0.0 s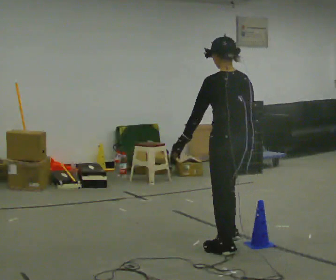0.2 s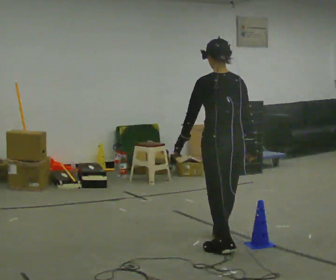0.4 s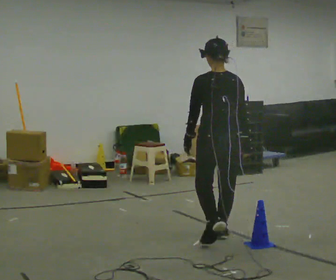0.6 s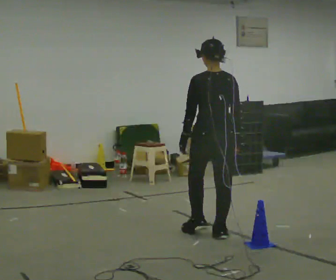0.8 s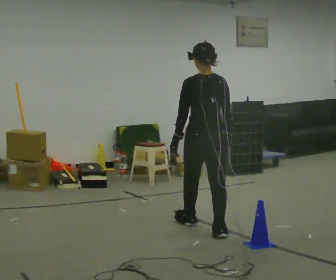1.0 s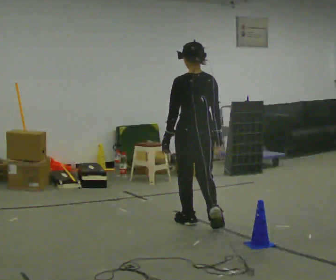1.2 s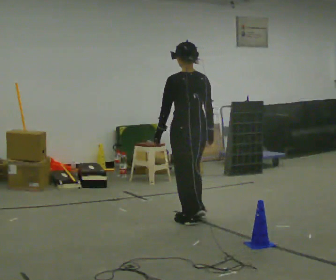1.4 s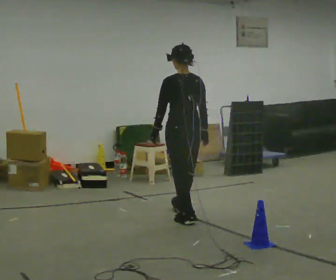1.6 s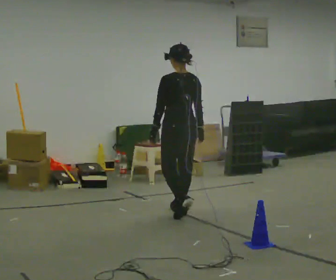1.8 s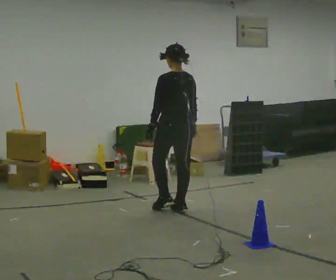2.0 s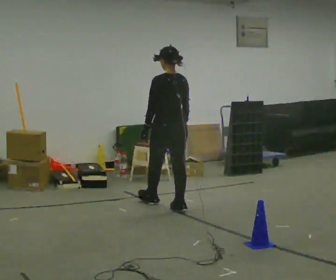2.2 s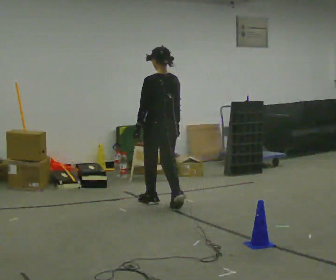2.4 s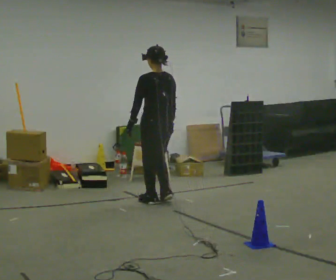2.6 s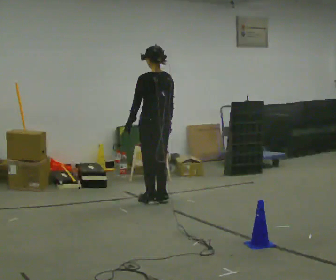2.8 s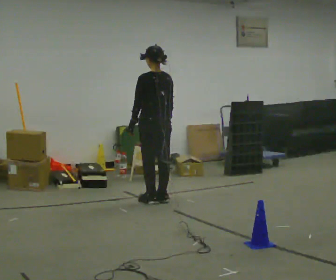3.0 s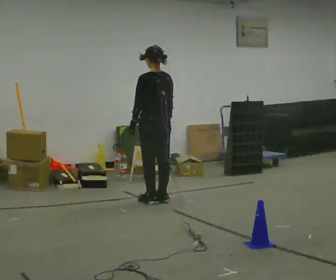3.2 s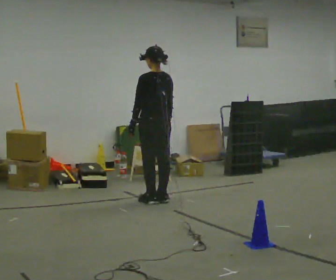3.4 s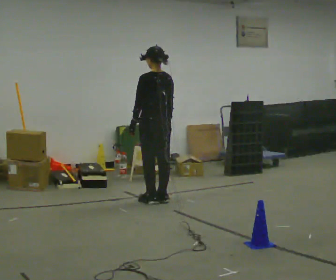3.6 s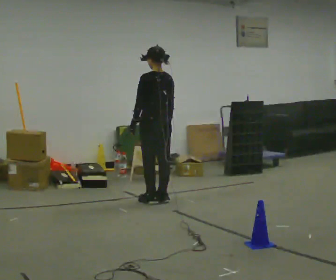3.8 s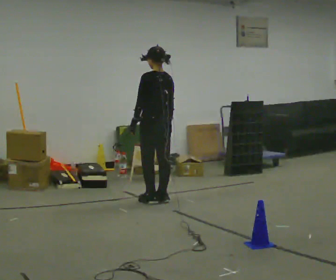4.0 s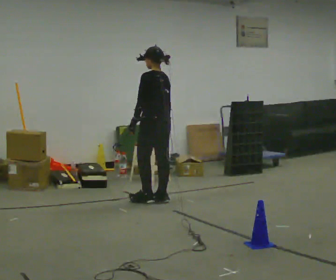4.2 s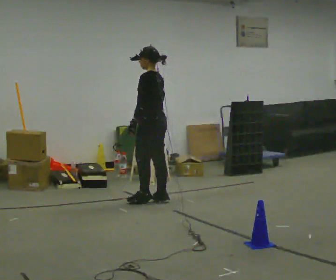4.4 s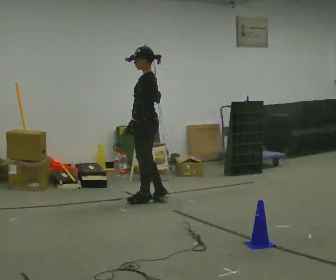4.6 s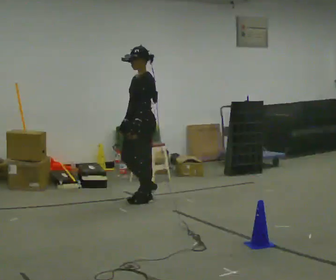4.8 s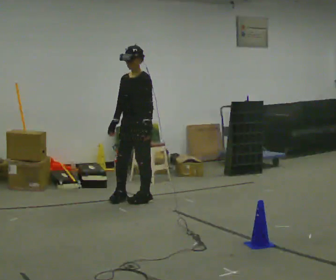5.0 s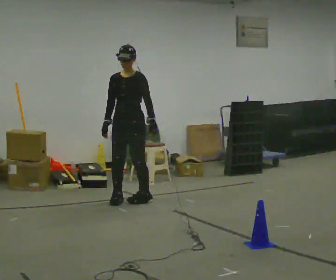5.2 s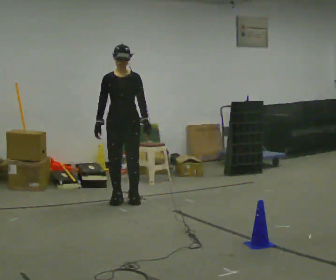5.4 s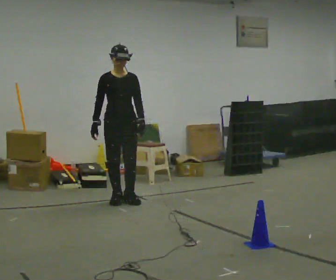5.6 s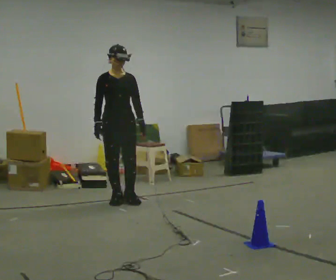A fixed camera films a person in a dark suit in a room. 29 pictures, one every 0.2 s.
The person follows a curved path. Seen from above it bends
counterclockwise.
The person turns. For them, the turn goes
to their left.
0.0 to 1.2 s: In the picture they go away from the camera, about 1 m in 2 steps, which for them is forward.
1.2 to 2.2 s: In the picture they go away from the camera, about 0.75 m in 2 steps, which for them is forward.
2.2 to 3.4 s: In the picture they go away from the camera, about 0.25 m in 1 step, which for them is forward.
3.4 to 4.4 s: The person turns about 60 degrees to their left, counterclockwise seen from above, so the part of the body nearest the lens slides to the right.
4.4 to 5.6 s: The part of the body nearest the lens slides to the right as the person turns to their left by about 90 degrees. In the picture they go to the left, about 0.25 m in 2 steps.
The film runs forward here.
